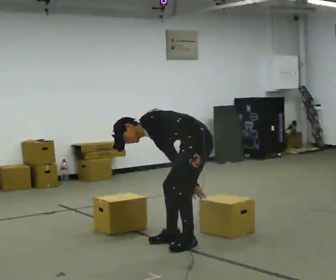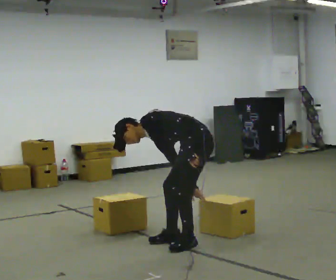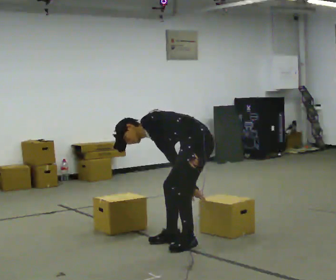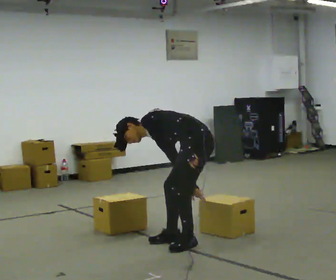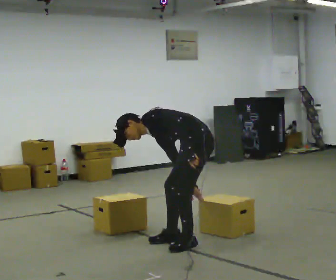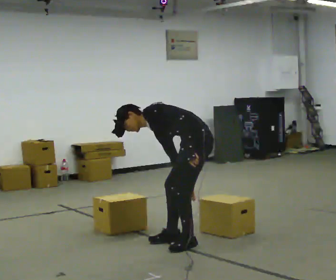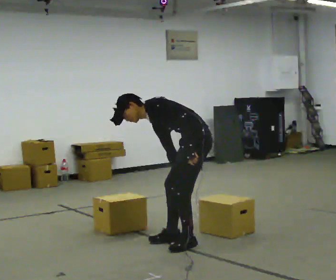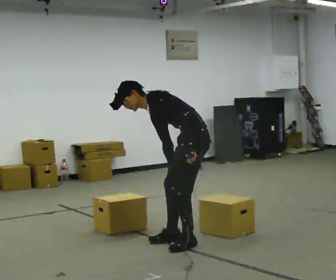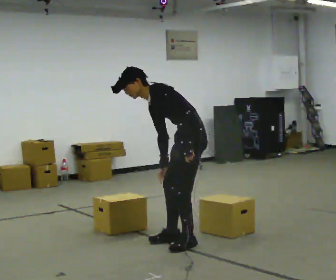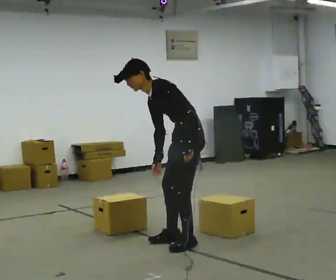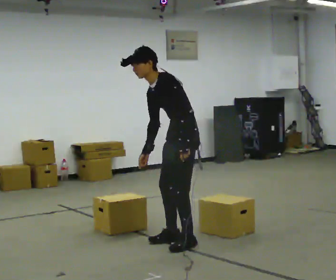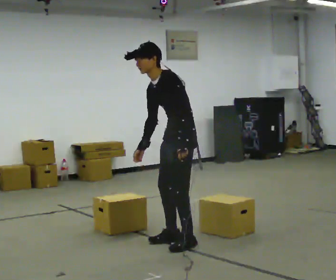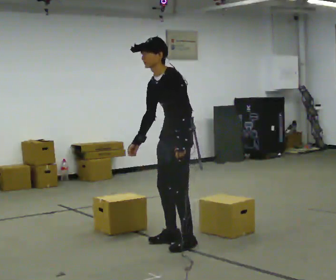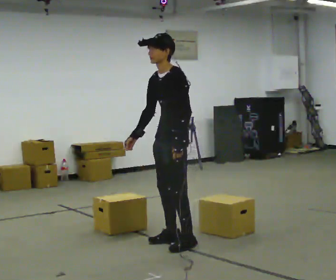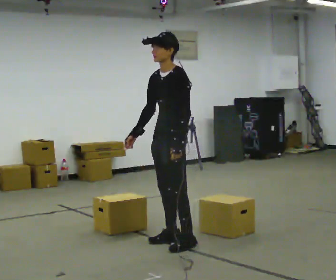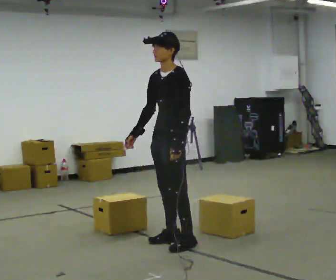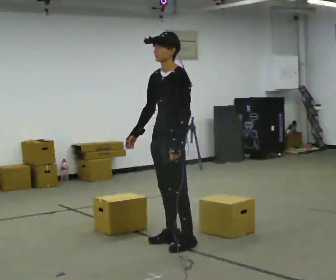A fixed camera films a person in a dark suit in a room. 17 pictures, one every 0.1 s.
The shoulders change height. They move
upward.
The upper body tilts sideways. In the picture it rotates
clockwise.
0.0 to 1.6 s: Seen from above the body turns counterclockwise, about 30 degrees: to their left, with its near side sliding to the right. In the picture they go to the left, about 0.25 m, which for them is forward. The upper body goes upward. In the picture the upper body tilts clockwise, shoulders to the right, as they lean back or straighten. In the picture their right hand goes upward and to the left, the arm swinging clockwise.
The film runs forward here.
